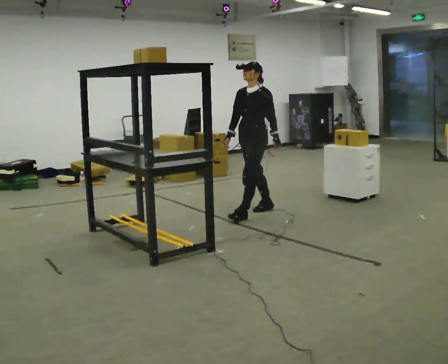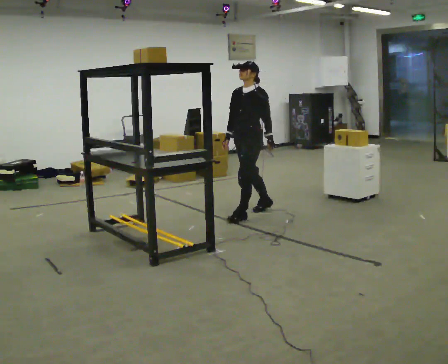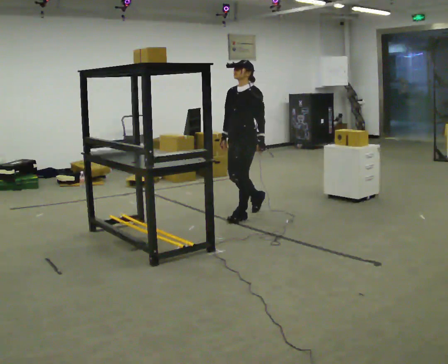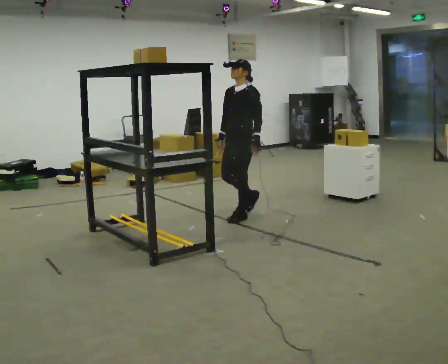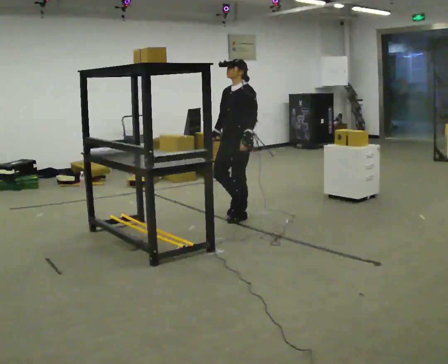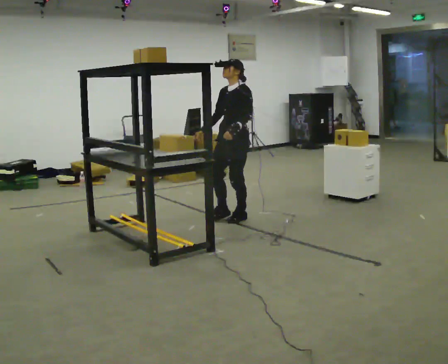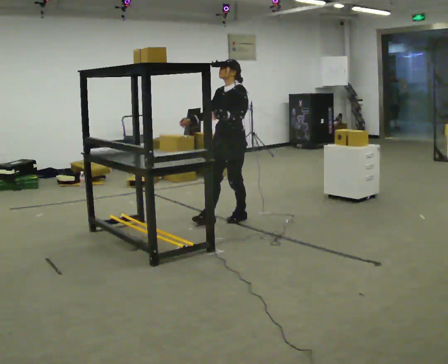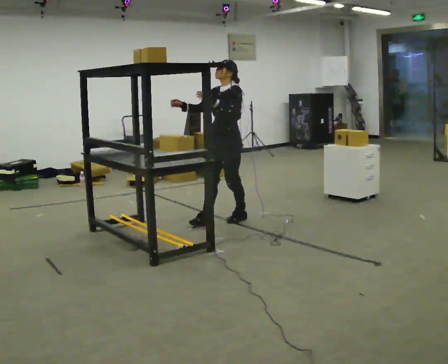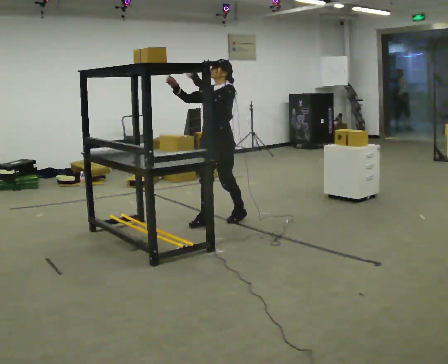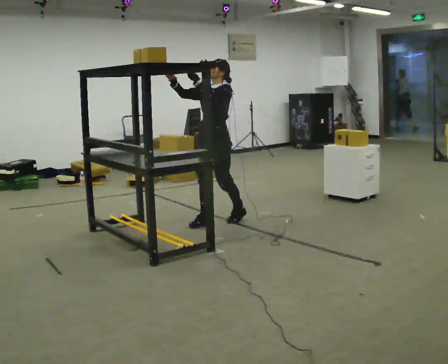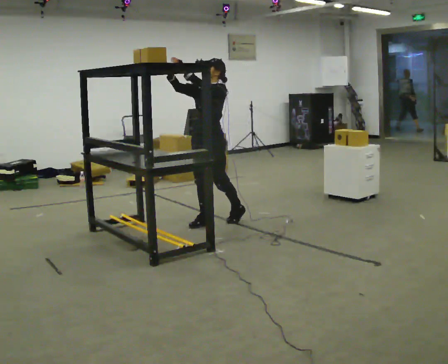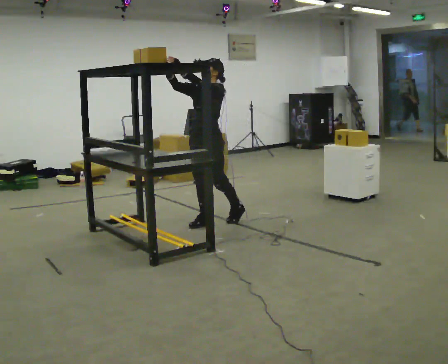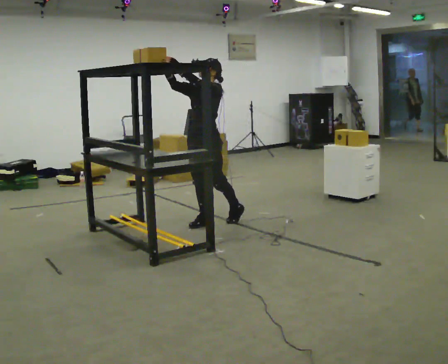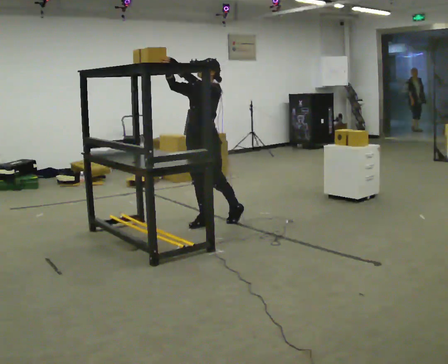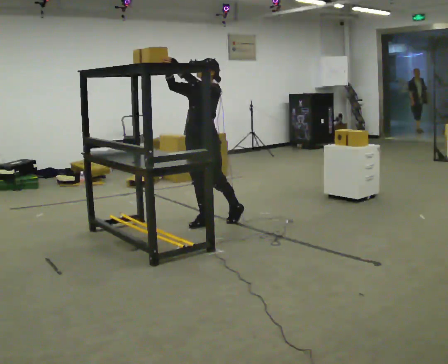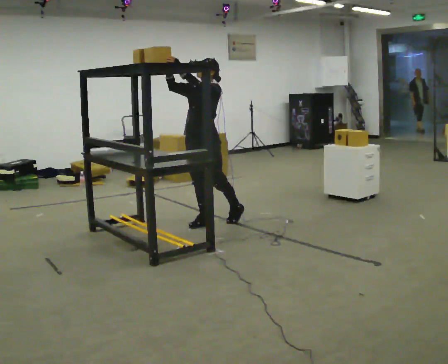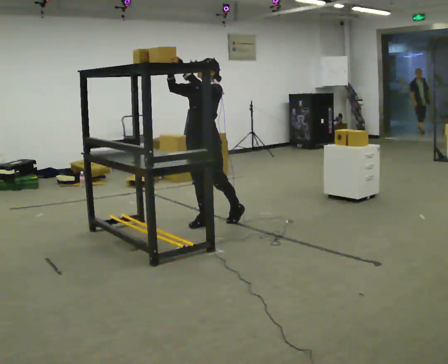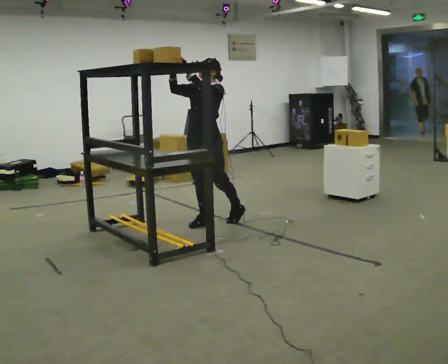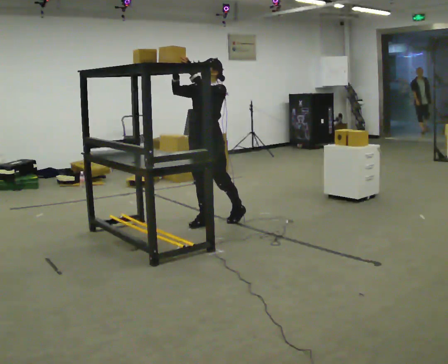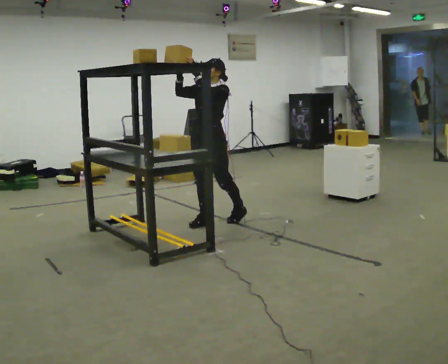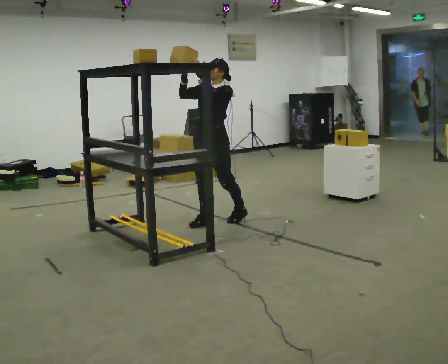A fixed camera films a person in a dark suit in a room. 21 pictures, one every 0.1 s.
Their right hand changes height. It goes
upward.
Their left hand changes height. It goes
upward.
0.0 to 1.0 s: In the picture they go to the left and toward the camera, about 0.5 m in 1 step, which for them is forward. In the picture their left hand goes upward.
1.0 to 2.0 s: The person moves a little, or ends about where they began.
The film runs forward here.
